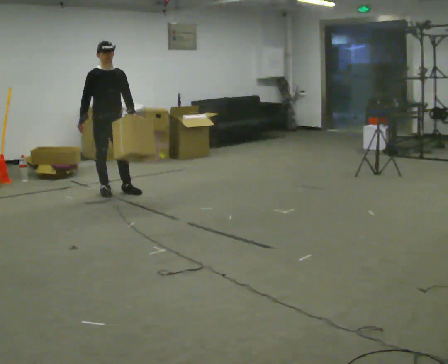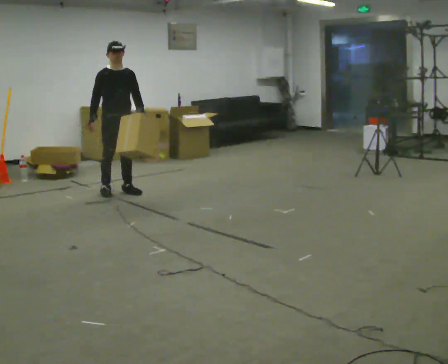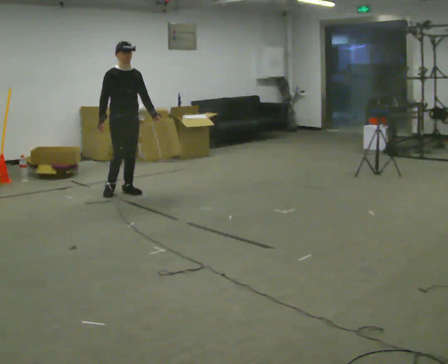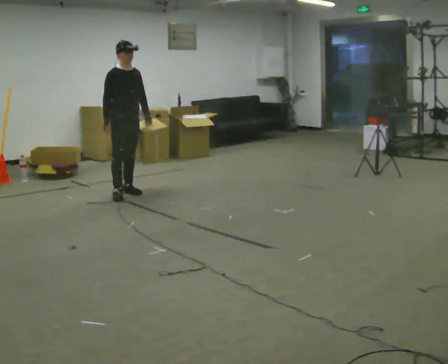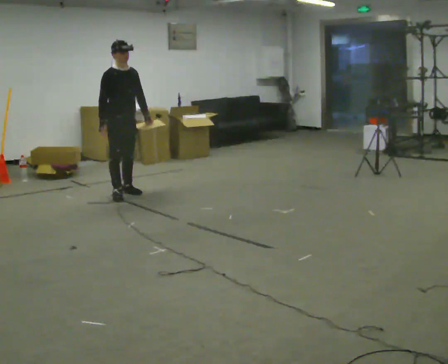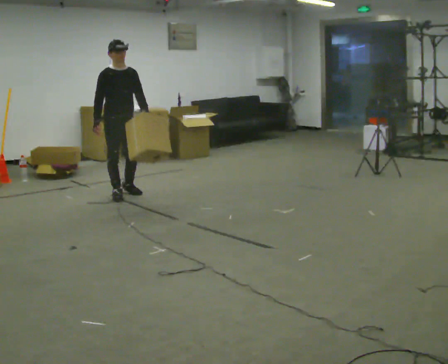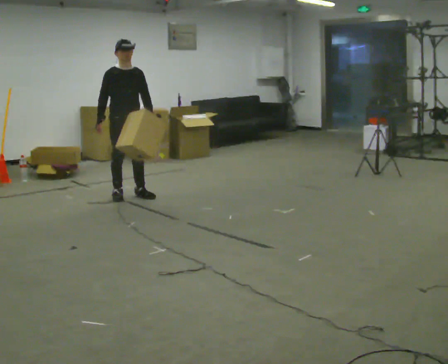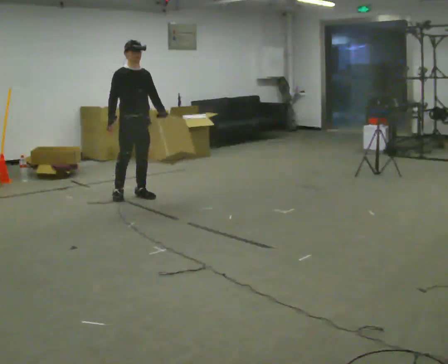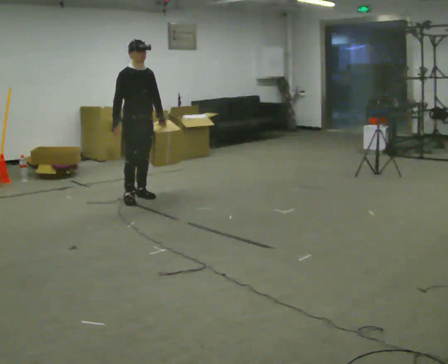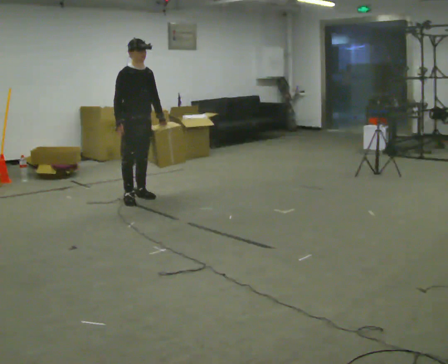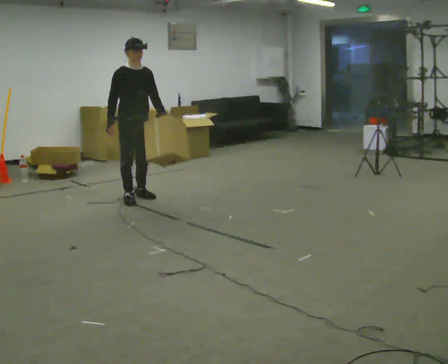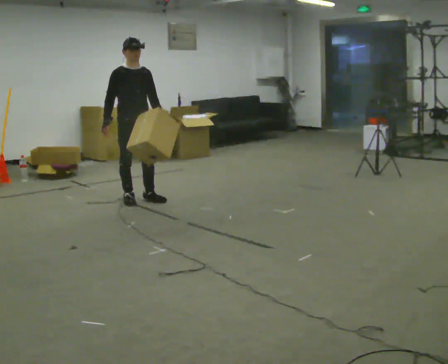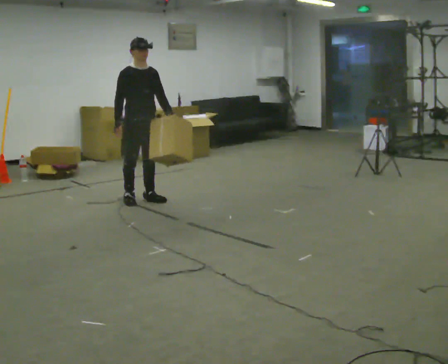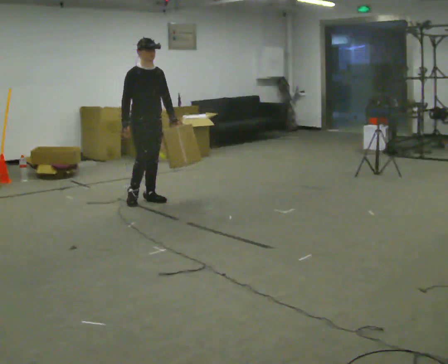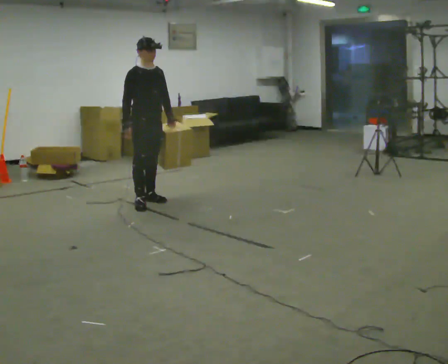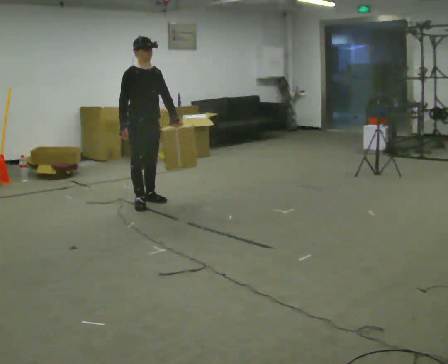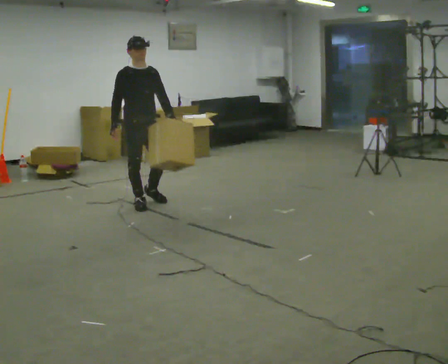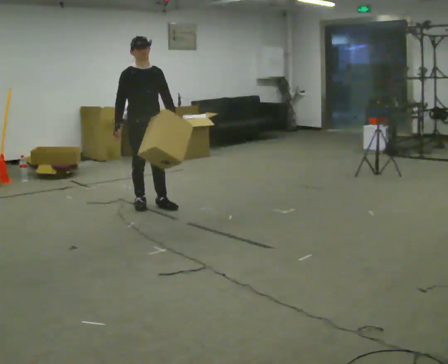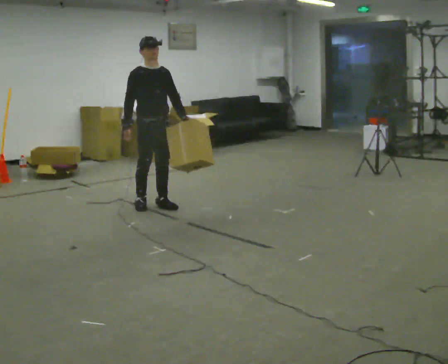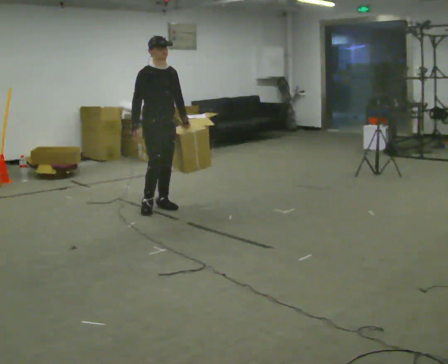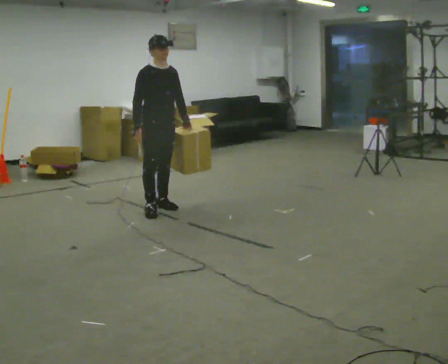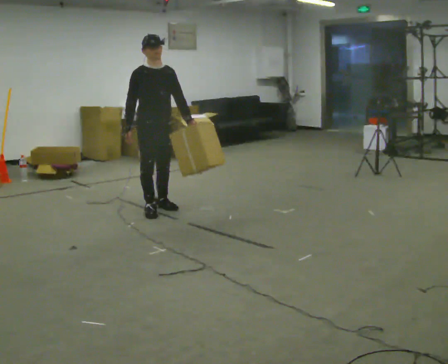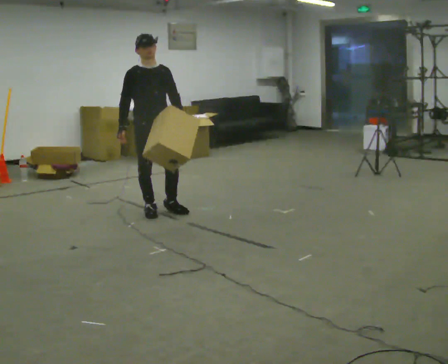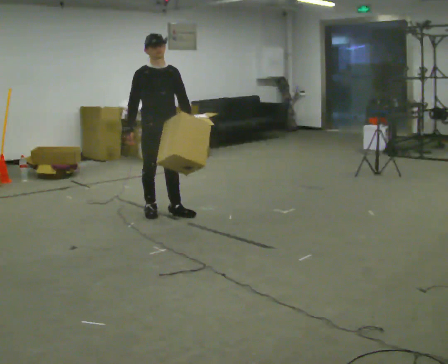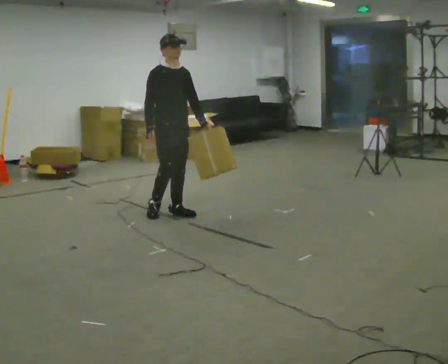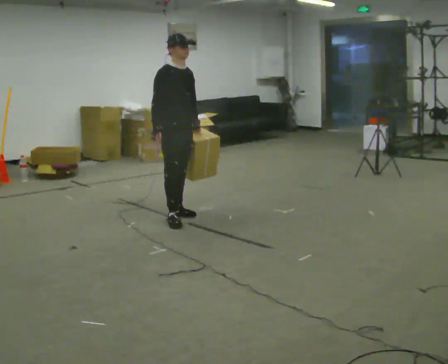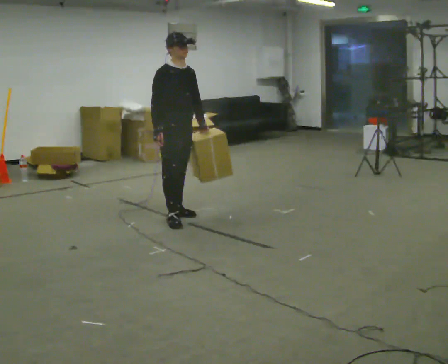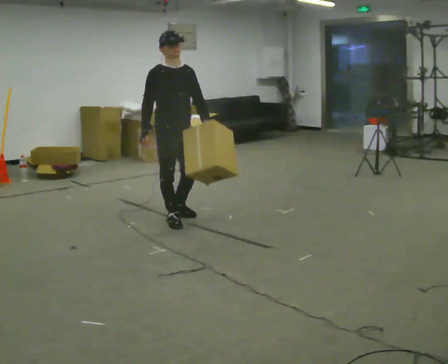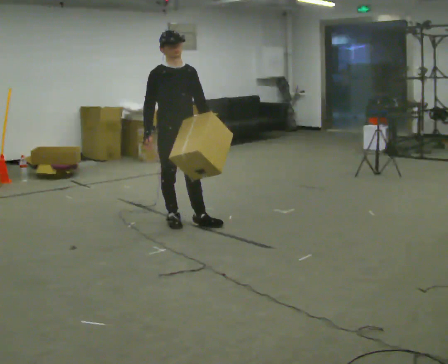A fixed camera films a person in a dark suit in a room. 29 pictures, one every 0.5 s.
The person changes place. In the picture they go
toward the camera.
0.0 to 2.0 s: The person moves a little, or ends about where they began.
2.0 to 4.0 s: In the picture they go to the right, about 0.25 m in 2 steps, which for them is forward and to their left.
4.0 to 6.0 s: In the picture they go toward the camera, about 0.25 m in 1 step, which for them is forward.
6.0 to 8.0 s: In the picture they go toward the camera, about 0.25 m in 1 step, which for them is forward and to their right.
8.0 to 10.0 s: In the picture they go to the right, about 0.25 m in 2 steps, which for them is forward.
10.0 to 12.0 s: In the picture they go toward the camera, about 0.25 m in 1 step, which for them is forward.
12.0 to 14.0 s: In the picture they go toward the camera, about 0.25 m in 2 steps, which for them is forward and to their right.
The film runs forward here.
